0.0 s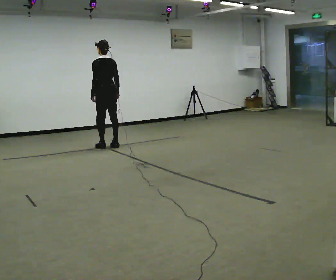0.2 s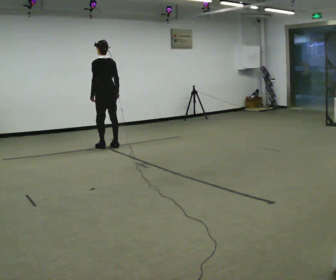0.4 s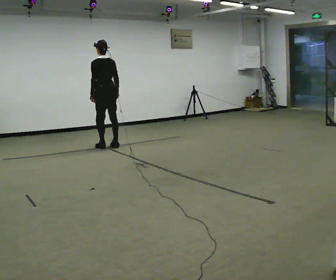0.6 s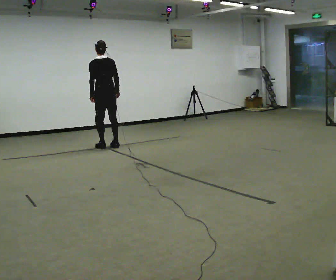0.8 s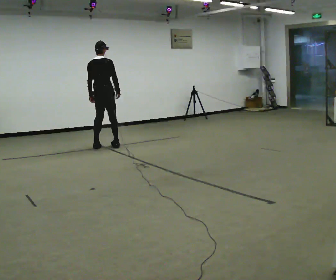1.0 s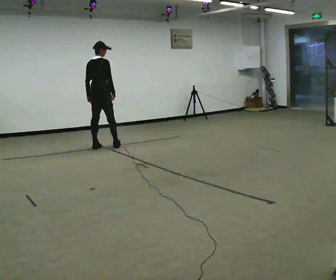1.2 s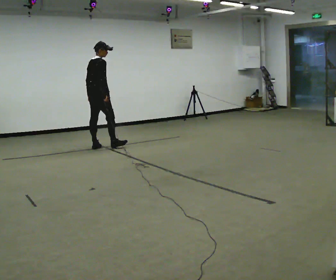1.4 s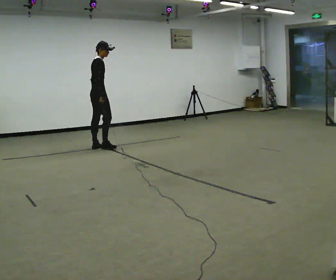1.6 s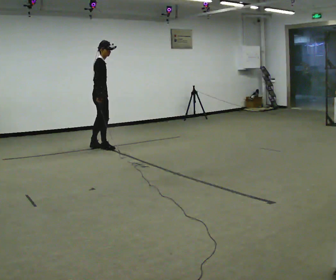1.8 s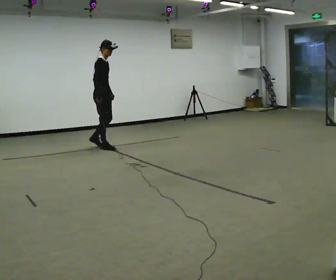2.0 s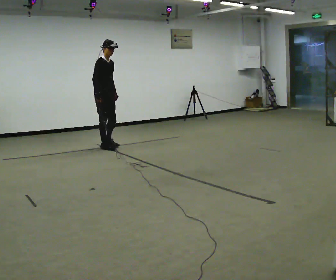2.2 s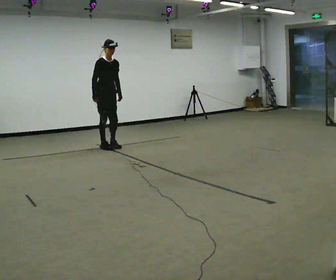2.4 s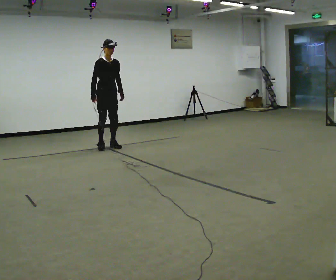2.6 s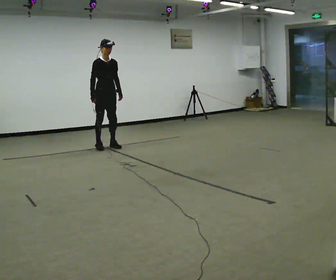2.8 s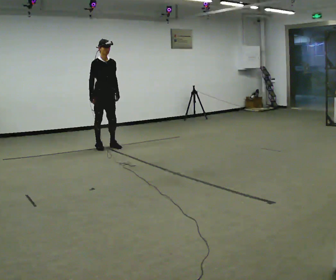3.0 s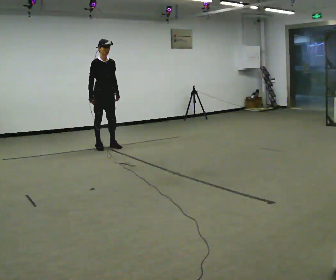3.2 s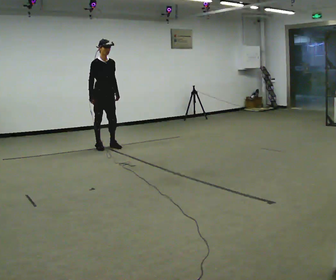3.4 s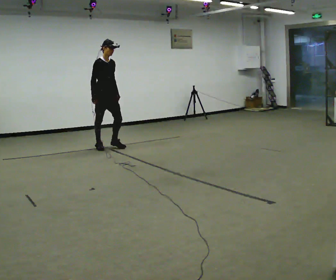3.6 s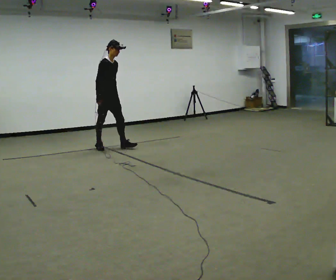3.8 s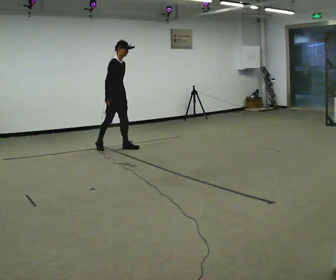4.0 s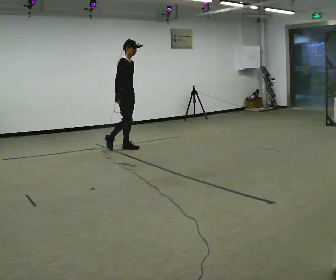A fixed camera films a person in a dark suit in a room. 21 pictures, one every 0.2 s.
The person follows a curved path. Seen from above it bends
counterclockwise.
0.0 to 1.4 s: The part of the body nearest the lens slides to the left as the person turns to their right by about 105 degrees. In the picture they go to the left, about 0.25 m.
1.4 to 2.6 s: The person turns about 75 degrees to their right, clockwise seen from above, so the part of the body nearest the lens slides to the left. In the picture their left hand goes to the right.
2.6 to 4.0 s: The person turns about 30 degrees to their left, counterclockwise seen from above, so the part of the body nearest the lens slides to the right. In the picture they go to the right, about 0.25 m in 1 step, which for them is forward and to their left.
The film runs forward here.
